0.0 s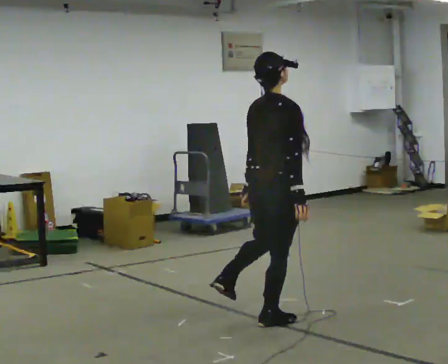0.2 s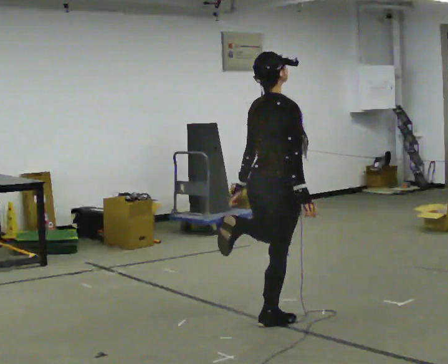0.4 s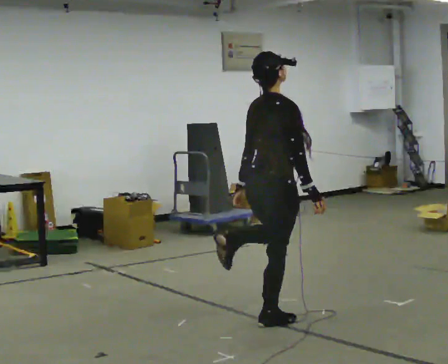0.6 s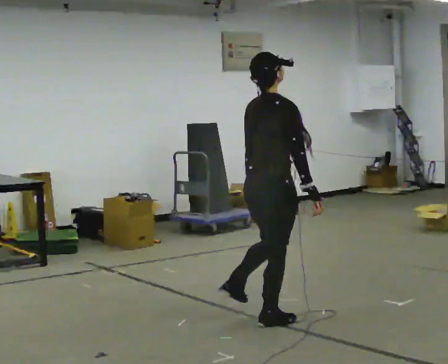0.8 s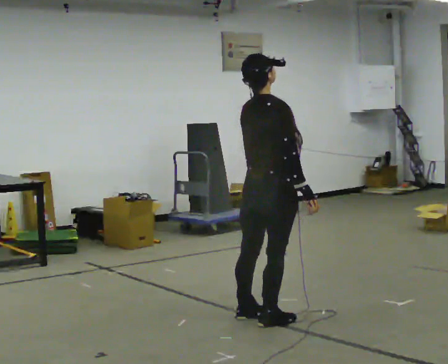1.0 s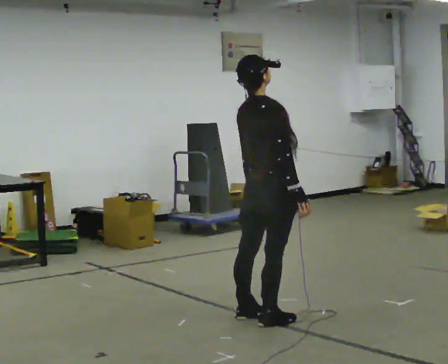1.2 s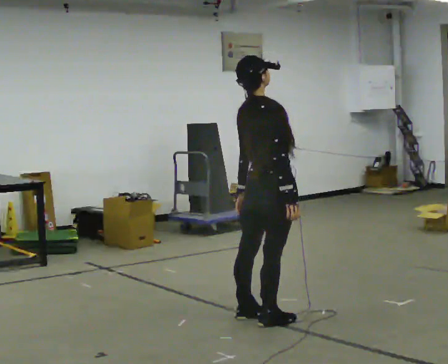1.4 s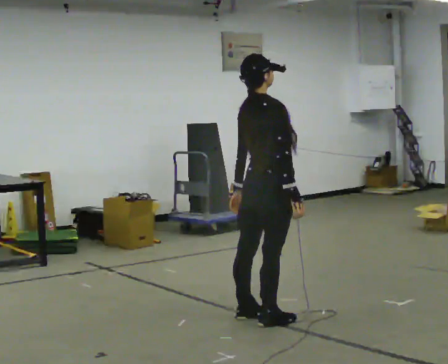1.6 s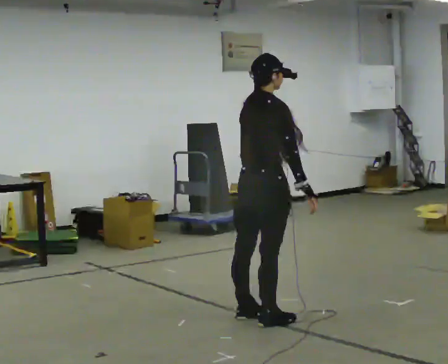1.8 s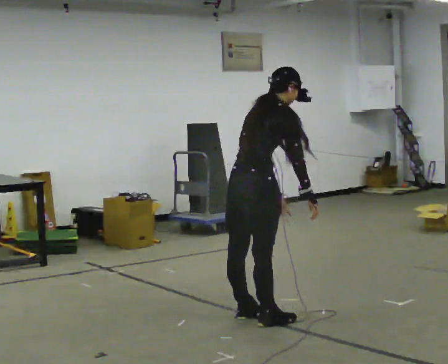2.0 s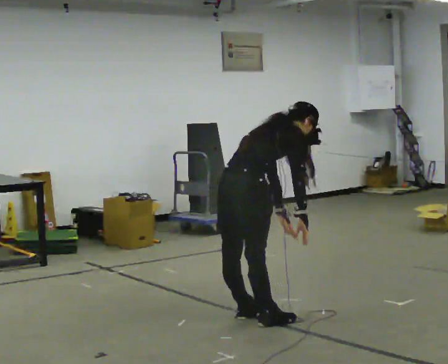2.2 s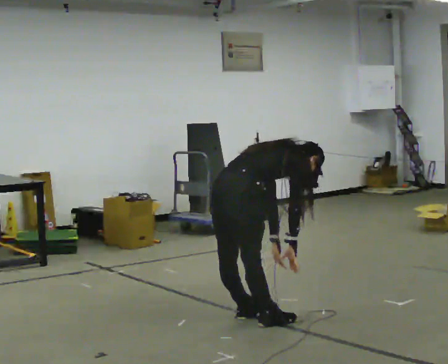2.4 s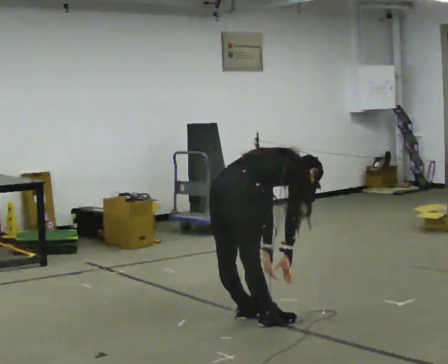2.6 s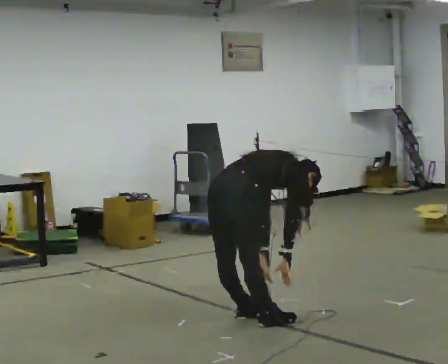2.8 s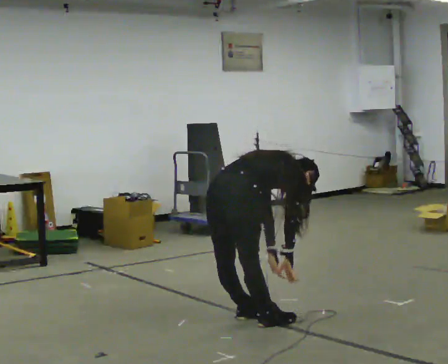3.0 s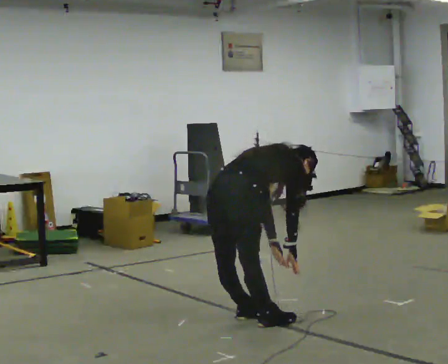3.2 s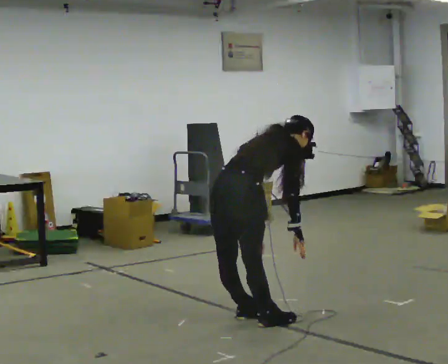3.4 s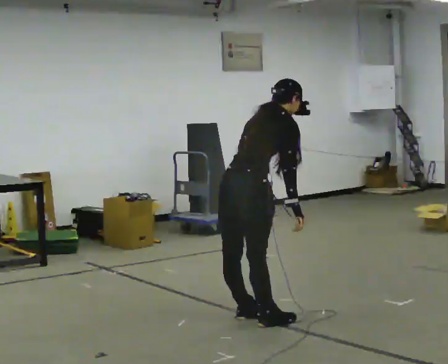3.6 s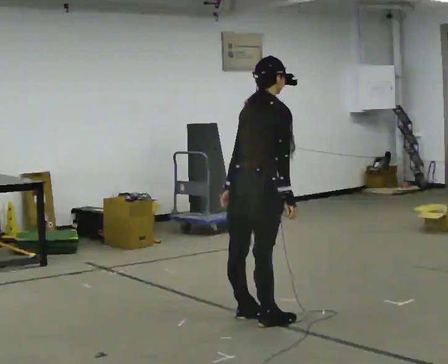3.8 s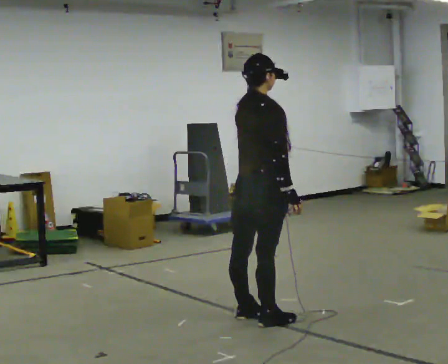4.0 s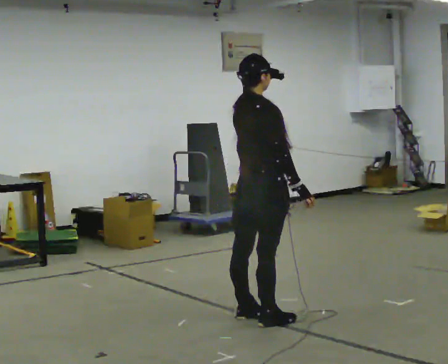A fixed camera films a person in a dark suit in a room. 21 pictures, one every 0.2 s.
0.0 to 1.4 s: The person moves a little, or ends about where they began.
1.4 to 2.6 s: In the picture they go to the left, about 0.25 m, which for them is backward. The upper body goes downward. In the picture the upper body tilts clockwise, shoulders to the right, as they bend forward. In the picture their left hand goes downward.
2.6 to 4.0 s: In the picture they go to the right, about 0.25 m, which for them is forward. The shoulders move upward. In the picture the upper body tilts counterclockwise, shoulders to the left, as they lean back or straighten. In the picture their left hand goes upward.
The film runs backward here.
